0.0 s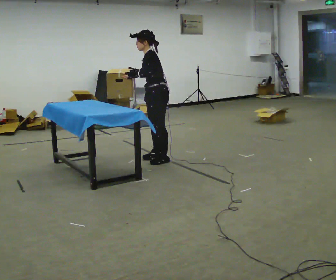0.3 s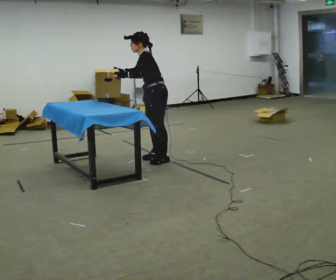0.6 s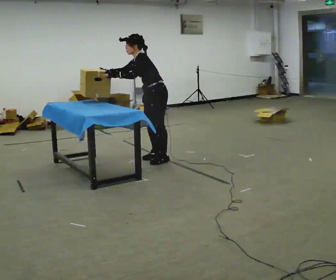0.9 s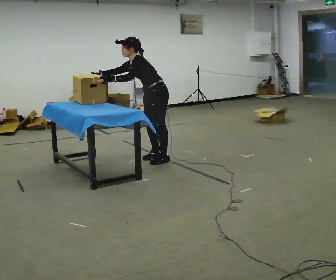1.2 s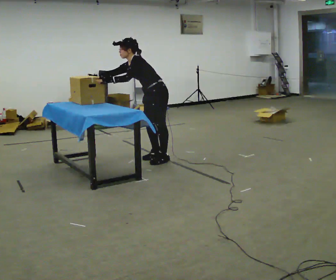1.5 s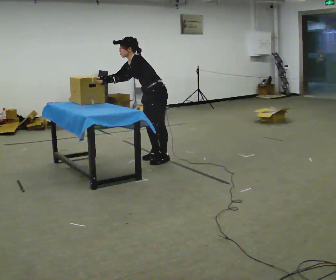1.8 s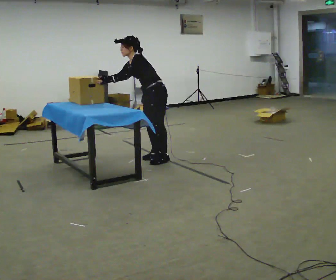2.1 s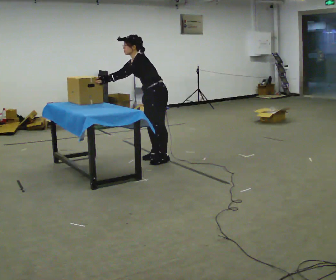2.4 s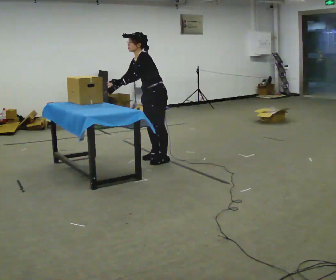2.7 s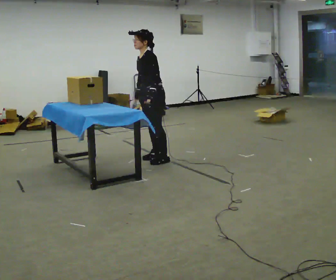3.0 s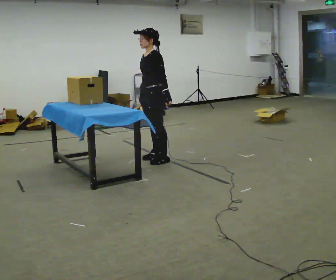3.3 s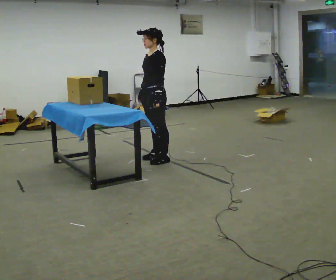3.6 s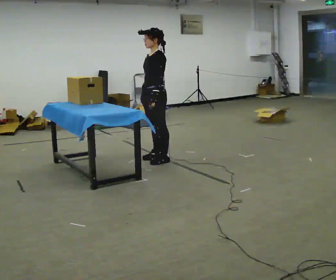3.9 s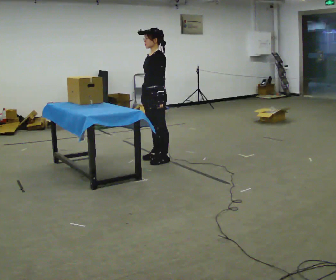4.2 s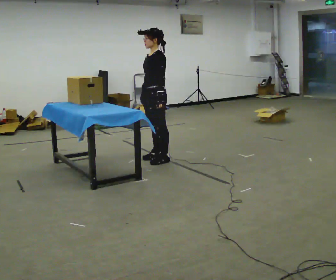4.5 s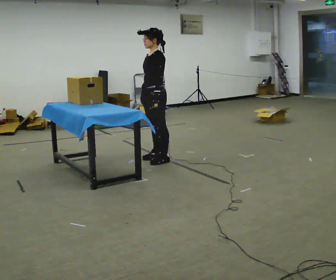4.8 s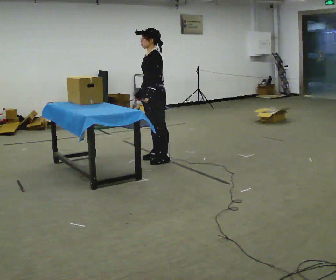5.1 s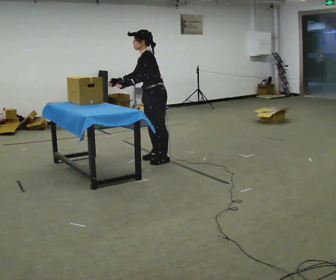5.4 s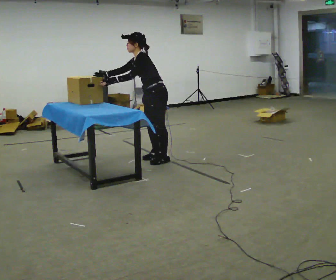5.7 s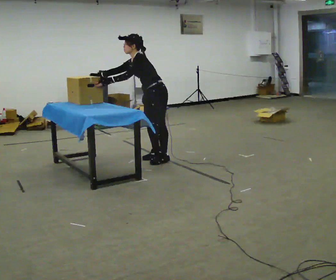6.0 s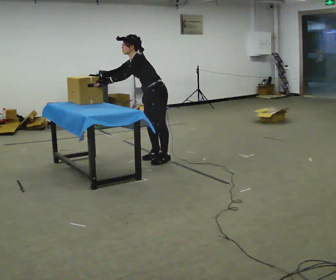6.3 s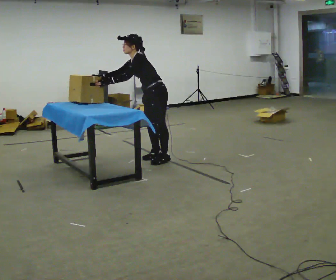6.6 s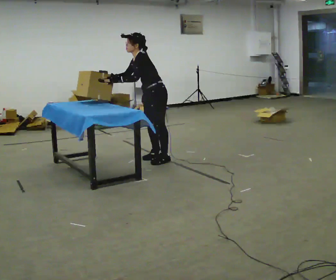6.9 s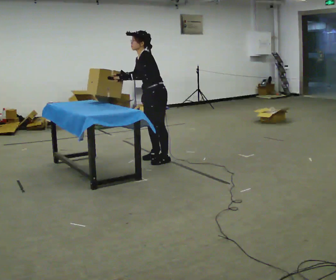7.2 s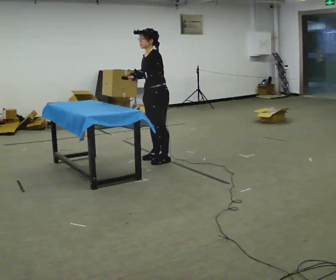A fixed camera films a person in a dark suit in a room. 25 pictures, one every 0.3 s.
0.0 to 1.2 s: In the picture the upper body tilts counterclockwise, shoulders to the left, as they bend forward. In the picture their right hand goes to the left.
1.2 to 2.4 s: In the picture the upper body tilts clockwise, shoulders to the right, as they lean back or straighten.
2.4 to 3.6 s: In the picture the upper body tilts clockwise, shoulders to the right, as they lean back or straighten. In the picture their left hand goes to the right.
3.6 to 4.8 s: The person moves a little, or ends about where they began.
4.8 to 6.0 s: In the picture the upper body tilts counterclockwise, shoulders to the left, as they bend forward. In the picture their right hand goes to the left, the arm swinging clockwise.
6.0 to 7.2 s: In the picture the upper body tilts clockwise, shoulders to the right, as they lean back or straighten. In the picture their right hand goes to the right.
The film runs forward here.
